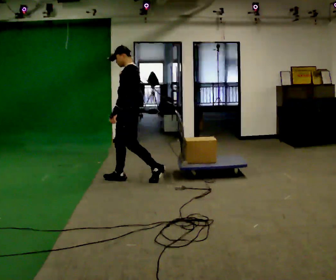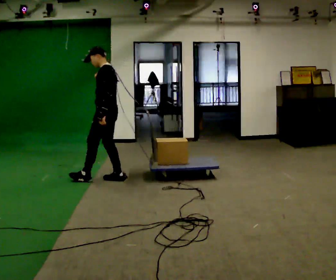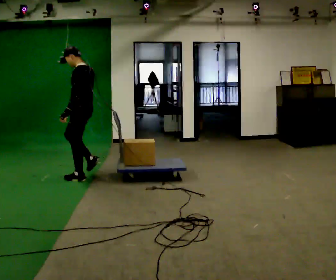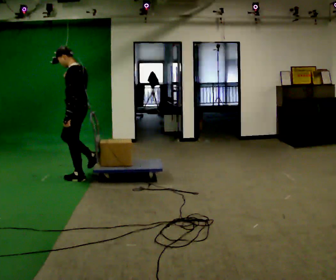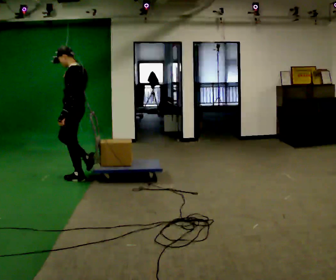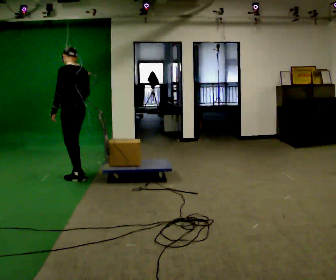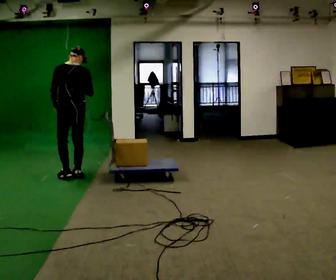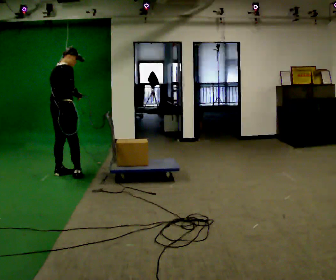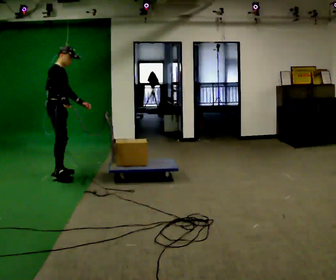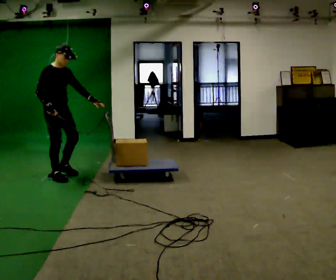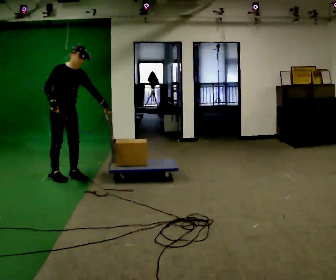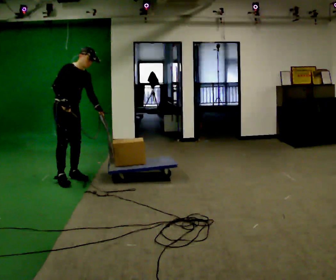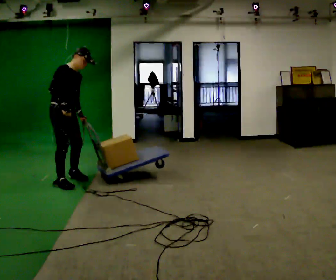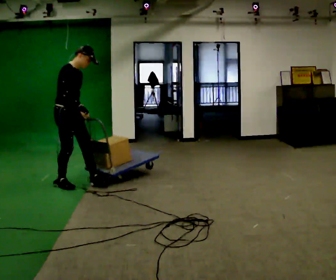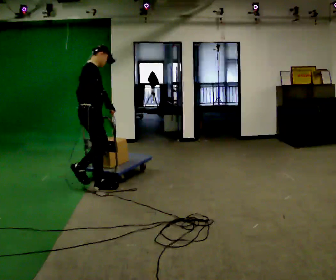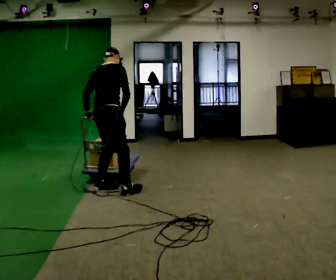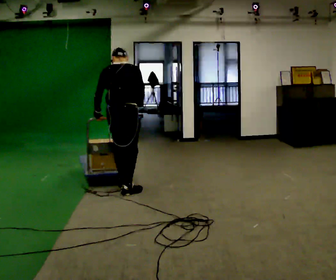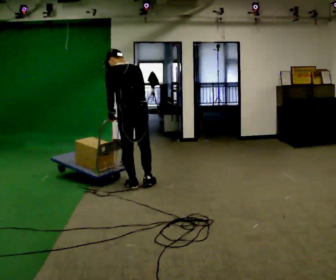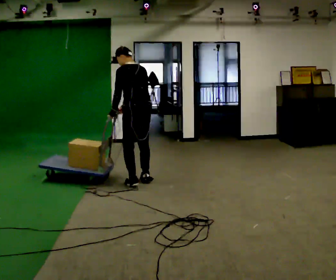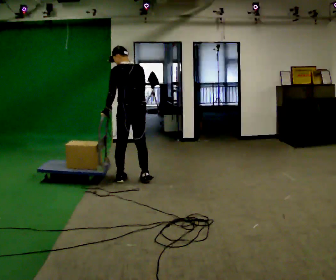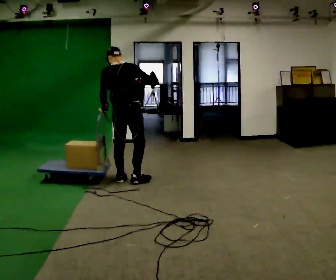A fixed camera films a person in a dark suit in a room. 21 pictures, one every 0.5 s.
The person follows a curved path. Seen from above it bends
counterclockwise.
0.0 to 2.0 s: In the picture they go to the left, about 0.75 m in 2 steps, which for them is forward.
2.0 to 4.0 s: The person turns about 165 degrees to their right, clockwise seen from above, so the part of the body nearest the lens slides to the left. In the picture they go to the left and away from the camera, about 0.25 m in 2 steps. The upper body tips away from the camera, its near side rolling upward.
4.0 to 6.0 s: Seen from above the body turns clockwise, about 30 degrees: to their right, with its near side sliding to the left. In the picture they go toward the camera, about 0.5 m in 3 steps, which for them is forward.
6.0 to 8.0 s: The person turns about 105 degrees to their left, counterclockwise seen from above, so the part of the body nearest the lens slides to the right. In the picture they go to the right and toward the camera, about 1 m in 2 steps.
8.0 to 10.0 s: In the picture they go away from the camera, about 0.5 m in 3 steps, which for them is forward and to their right. In the picture their right hand goes upward.
The film runs forward here.
